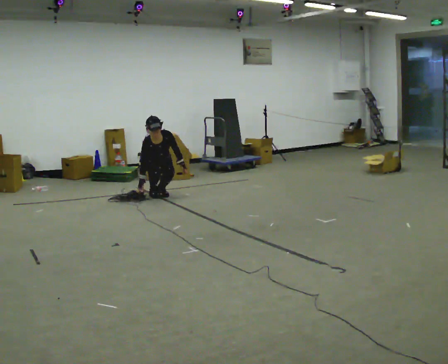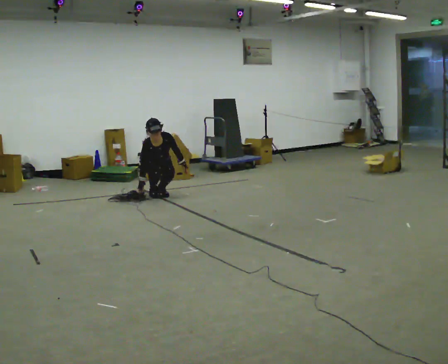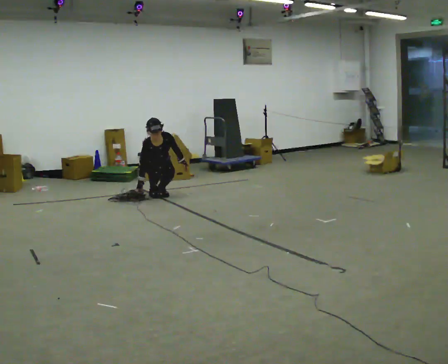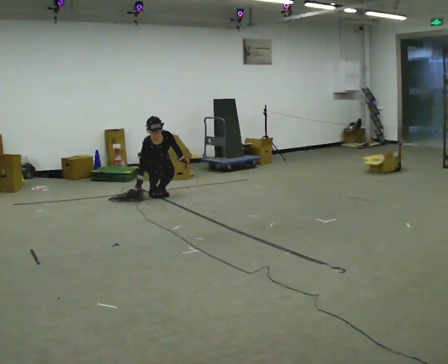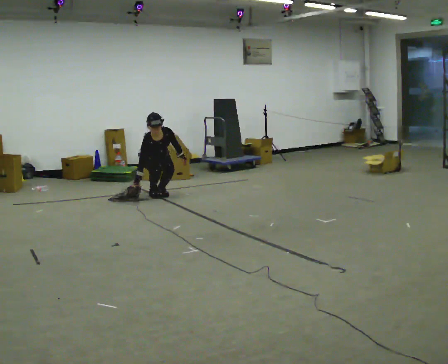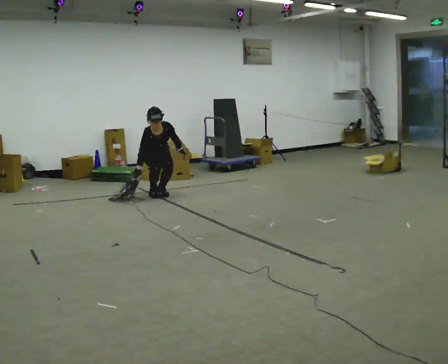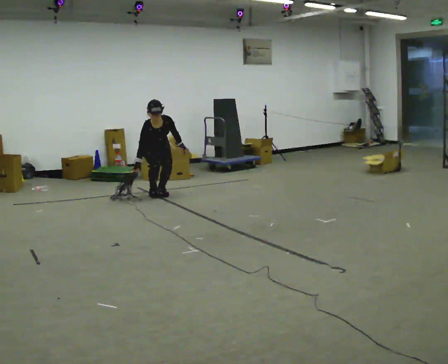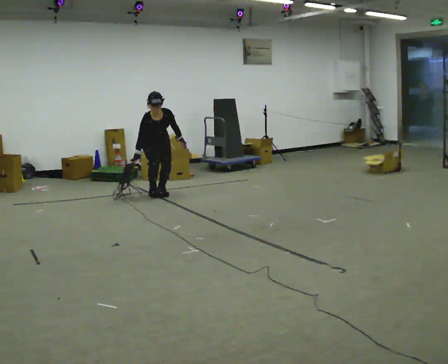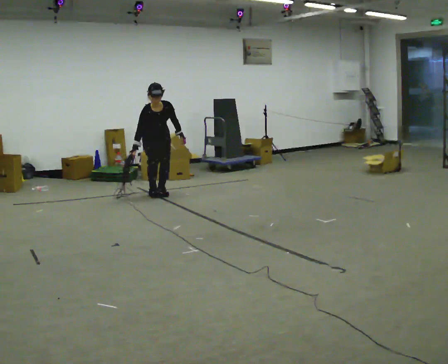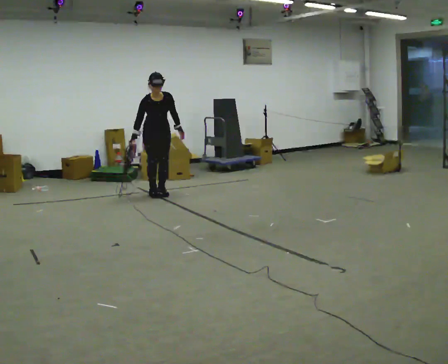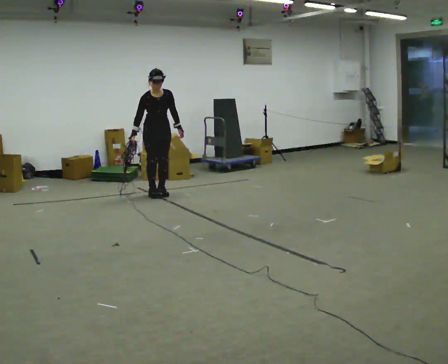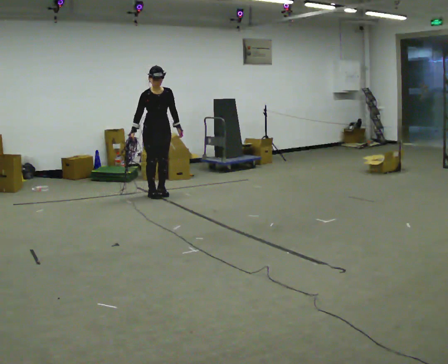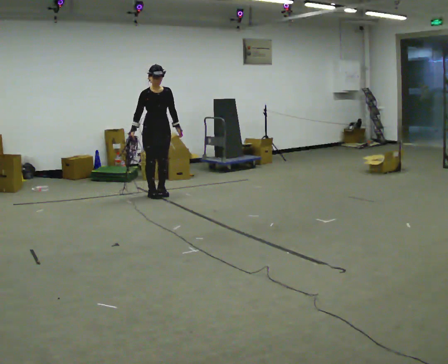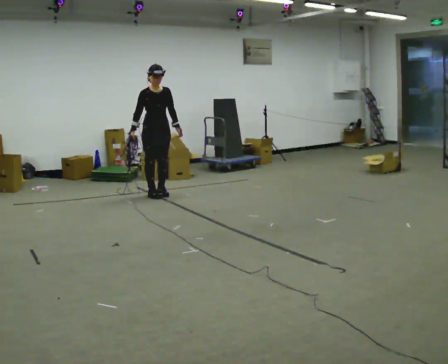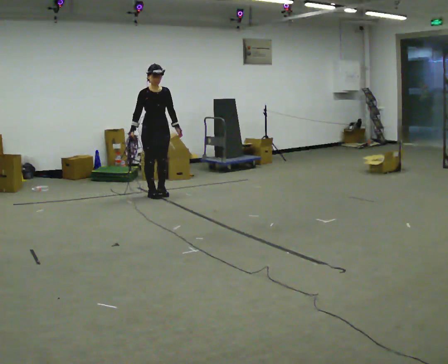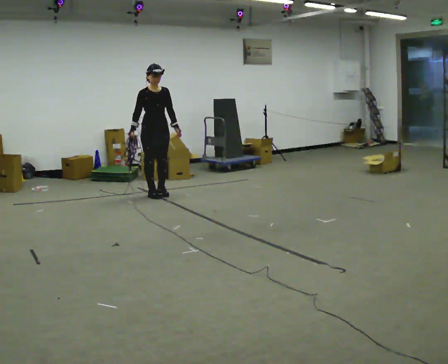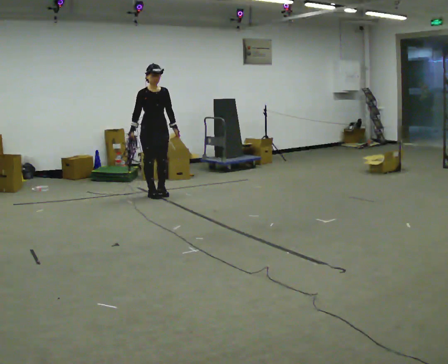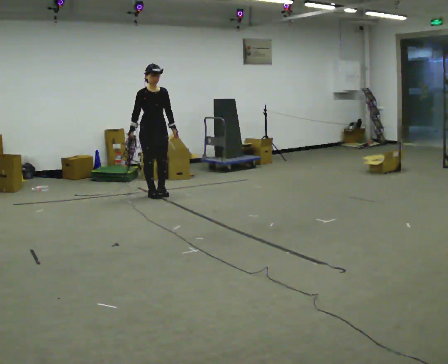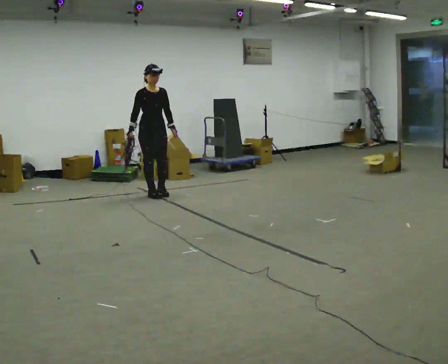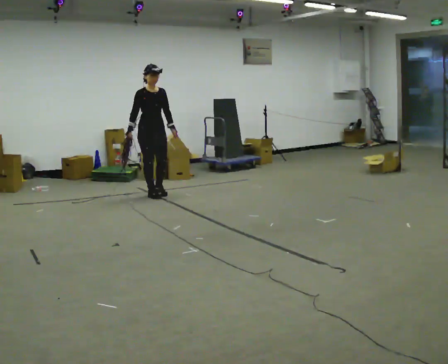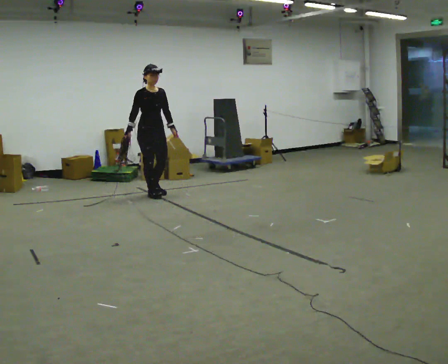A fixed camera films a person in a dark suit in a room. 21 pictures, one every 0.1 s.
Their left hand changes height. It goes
upward.
The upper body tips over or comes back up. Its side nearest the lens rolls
upward.
0.0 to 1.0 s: The upper body goes upward. The upper body tips away from the camera, its near side rolling upward, as they lean back or straighten. In the picture their right hand goes upward.
1.0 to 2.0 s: The upper body tips away from the camera, its near side rolling upward, as they lean back or straighten.
The film runs backward here.
